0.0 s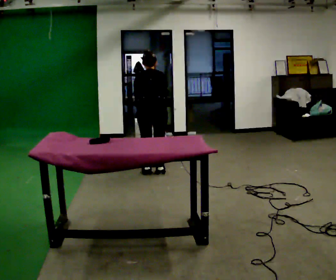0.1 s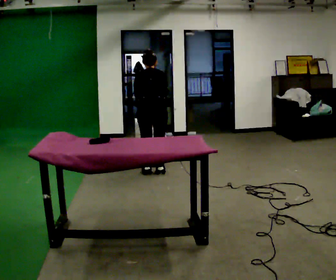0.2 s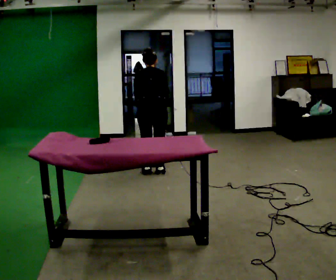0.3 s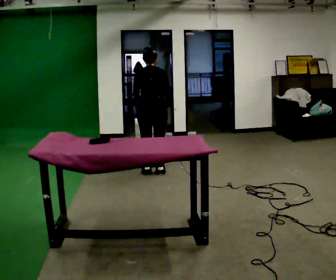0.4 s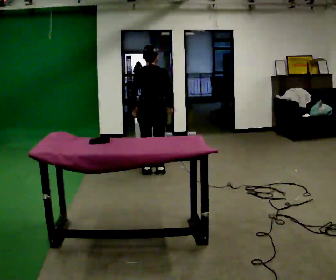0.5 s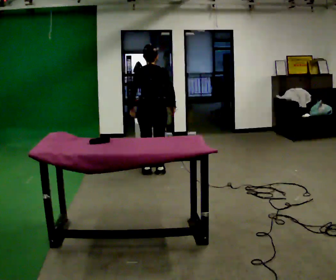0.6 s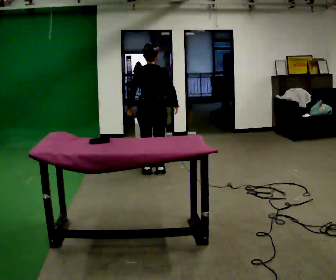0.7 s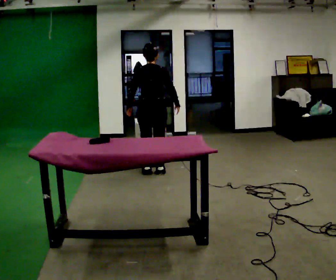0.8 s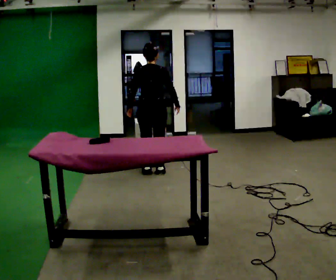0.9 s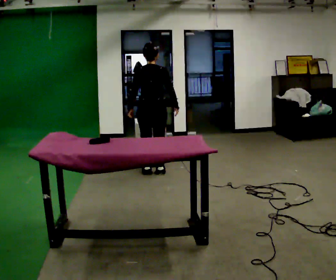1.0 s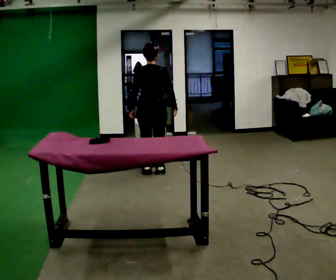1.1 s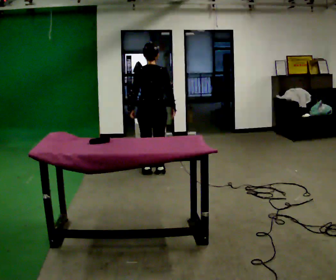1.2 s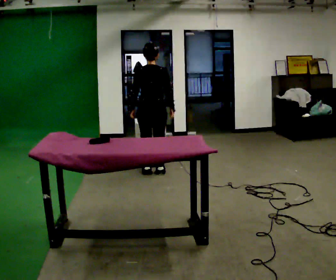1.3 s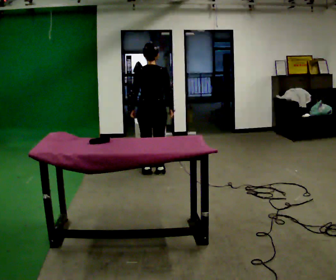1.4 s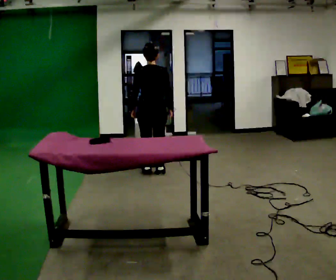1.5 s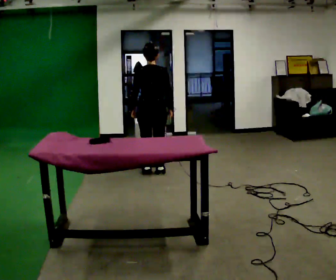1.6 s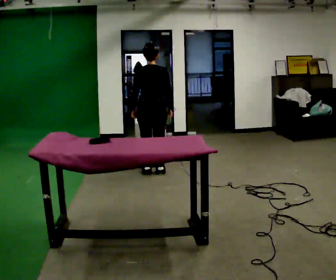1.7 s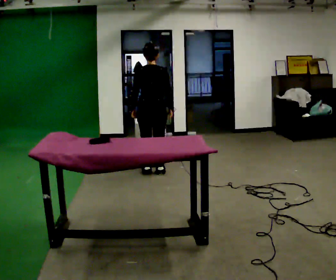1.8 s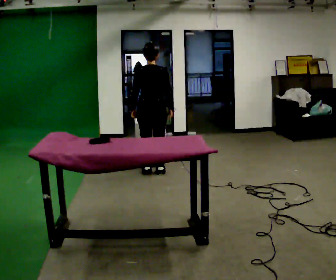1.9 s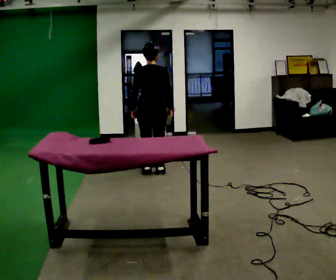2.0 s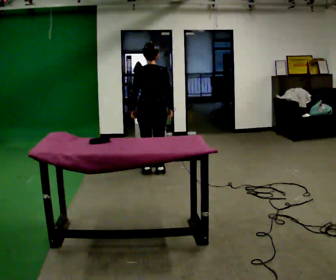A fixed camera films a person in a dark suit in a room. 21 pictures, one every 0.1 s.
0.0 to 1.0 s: The upper body tips toward the camera, its near side rolling downward, as they lean back or straighten.
1.0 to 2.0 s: The person moves a little, or ends about where they began.
The film runs forward here.
